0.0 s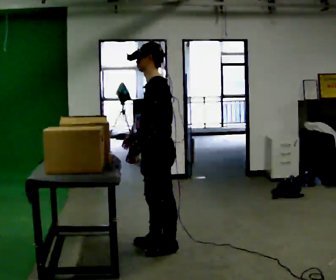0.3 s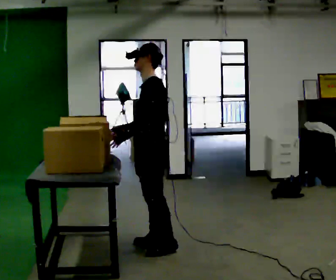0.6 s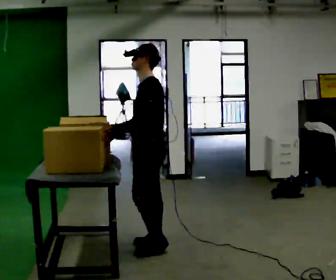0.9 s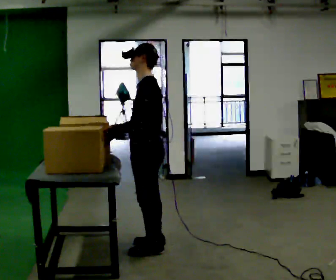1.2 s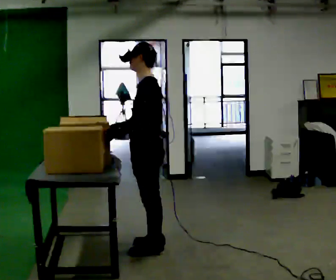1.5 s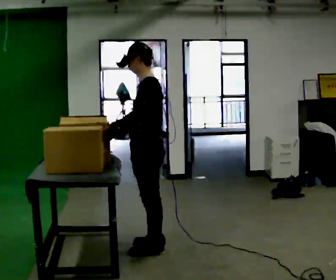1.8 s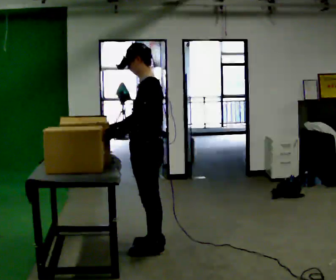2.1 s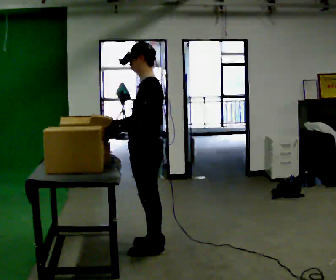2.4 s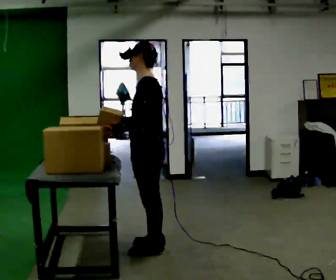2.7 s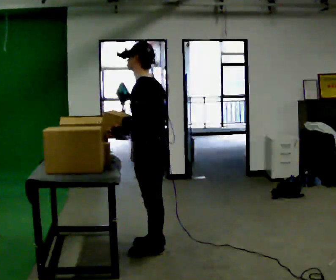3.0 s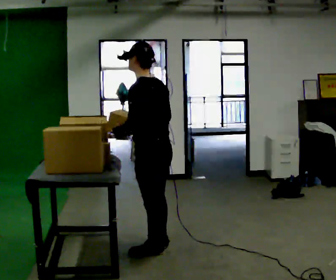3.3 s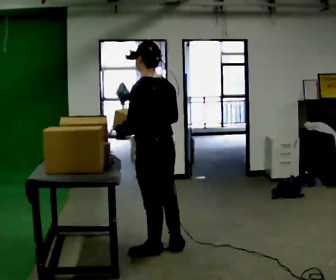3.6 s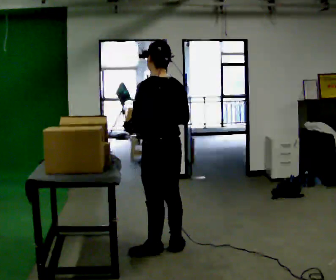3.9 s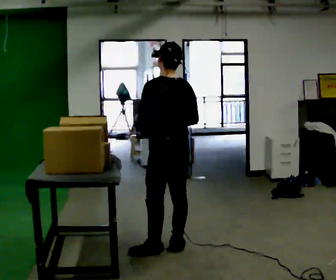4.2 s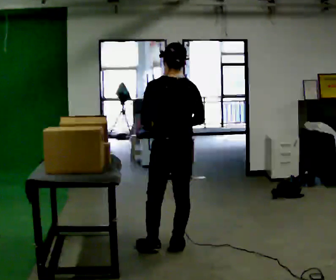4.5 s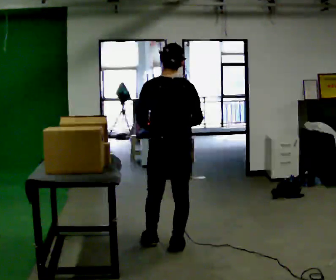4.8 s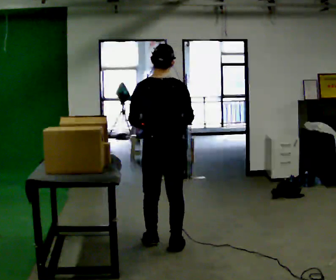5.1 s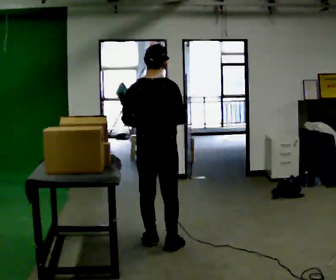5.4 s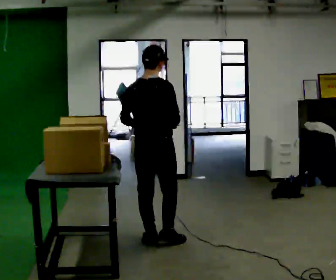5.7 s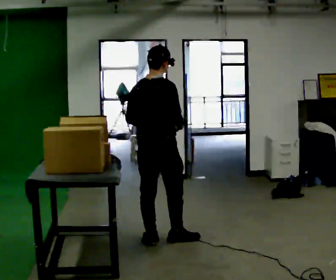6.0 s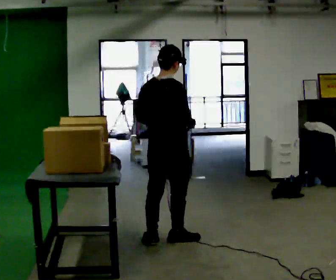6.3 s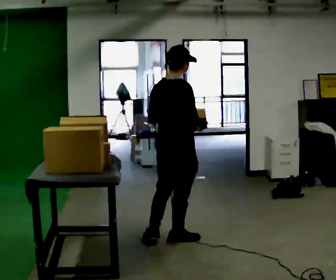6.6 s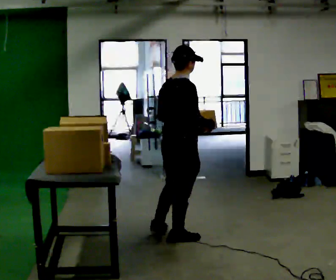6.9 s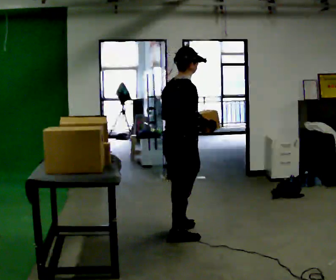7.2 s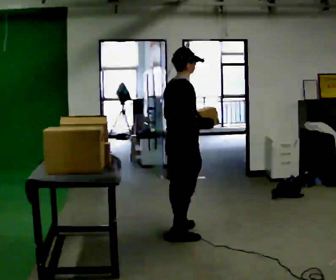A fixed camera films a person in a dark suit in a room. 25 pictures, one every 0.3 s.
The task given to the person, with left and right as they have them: Take the objects the operator names off the crowded shelf, one at a time, and carry each one to the table. You will have to move other things out of the way to reach them. Keep going until the operator says stop; one object at a time, and do not rush between trips.
0.0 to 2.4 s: The person moves a little, or ends about where they began.
2.4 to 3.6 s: Seen from above the body turns clockwise, about 45 degrees: to their right, with its near side sliding to the left. In the picture their right hand goes to the right.
3.6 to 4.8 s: The part of the body nearest the lens slides to the left as the person turns to their right by about 45 degrees. In the picture they go away from the camera, about 0.25 m in 1 step, which for them is forward.
4.8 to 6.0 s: The person turns about 30 degrees to their right, clockwise seen from above, so the part of the body nearest the lens slides to the left.
6.0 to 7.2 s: The person turns about 30 degrees to their right, clockwise seen from above, so the part of the body nearest the lens slides to the left. In the picture they go away from the camera, about 0.25 m in 1 step, which for them is forward.
The film runs forward here.
